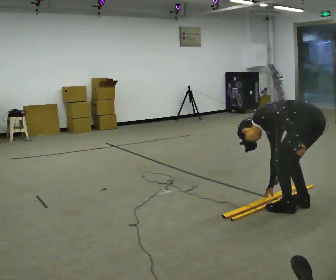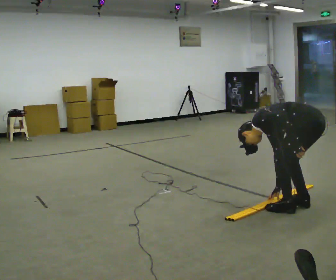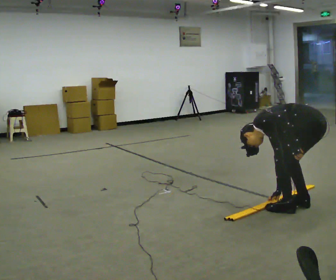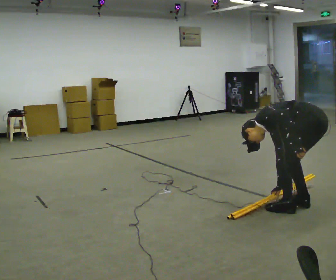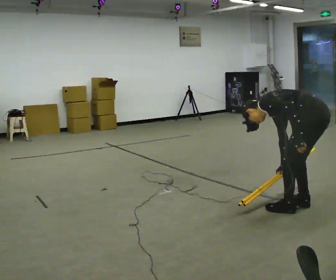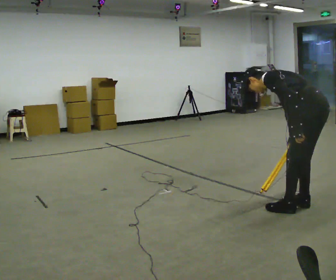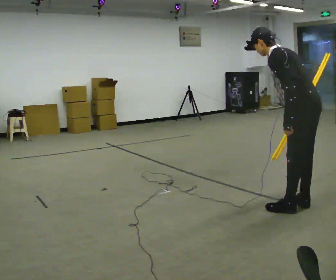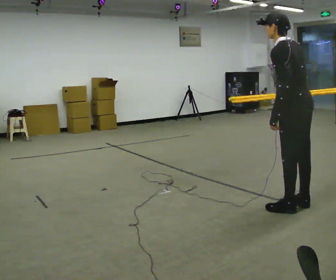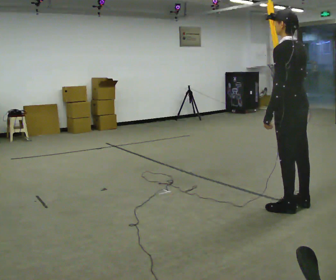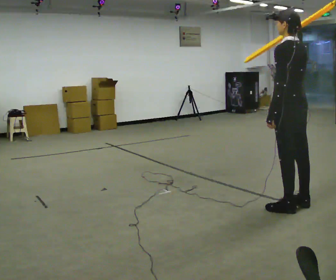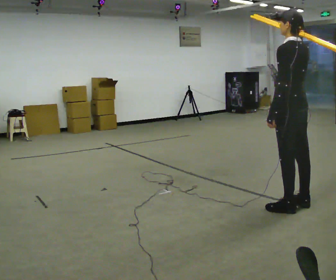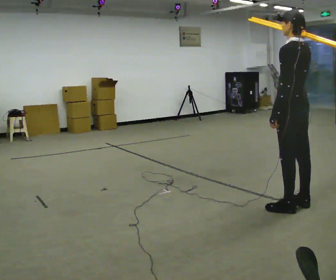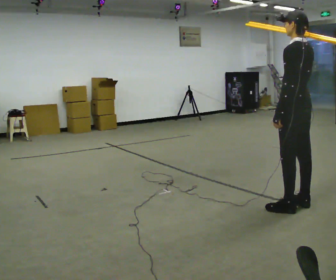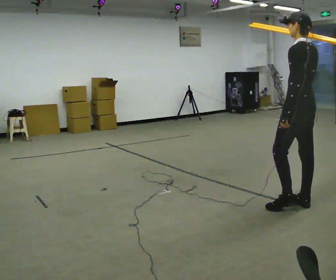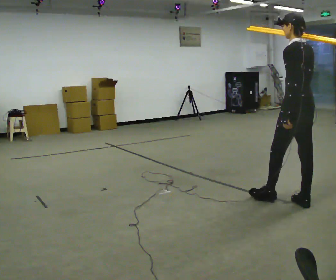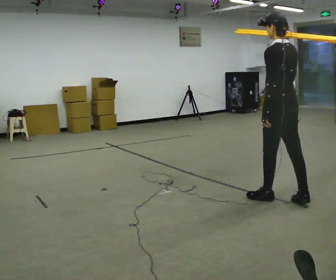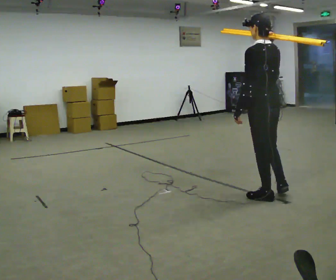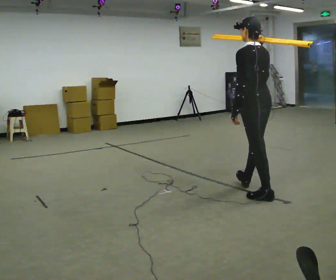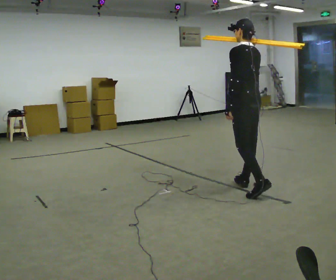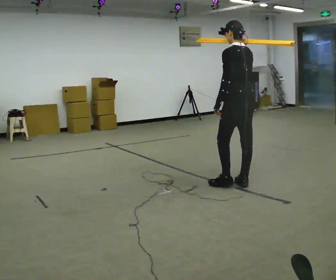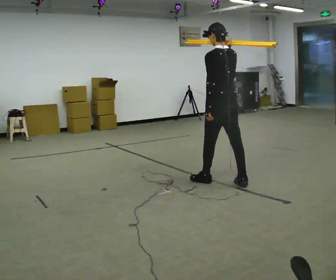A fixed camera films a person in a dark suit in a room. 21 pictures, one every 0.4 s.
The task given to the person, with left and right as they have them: Rest the long object on the shoulder the operator calls and carry it across the room, back and forth.
0.0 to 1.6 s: The upper body tips toward the camera, its near side rolling downward, as they lean back or straighten.
1.6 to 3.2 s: In the picture they go to the left, about 0.25 m, which for them is forward. The shoulders move upward. In the picture the upper body tilts clockwise, shoulders to the right, as they lean back or straighten.
3.2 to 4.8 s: The person moves a little, or ends about where they began.
4.8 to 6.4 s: In the picture they go to the left, about 0.25 m in 1 step, which for them is forward.
6.4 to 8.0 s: In the picture they go to the left and away from the camera, about 0.75 m in 2 steps, which for them is forward.
The film runs forward here.
